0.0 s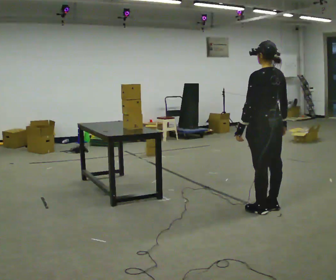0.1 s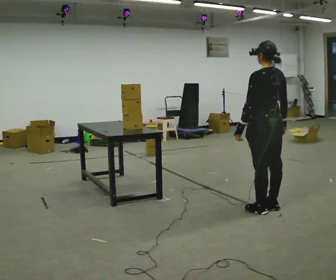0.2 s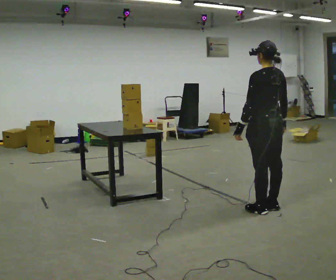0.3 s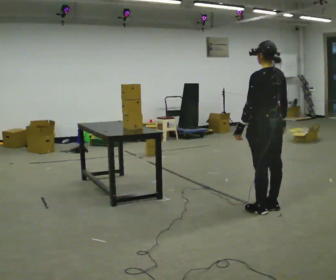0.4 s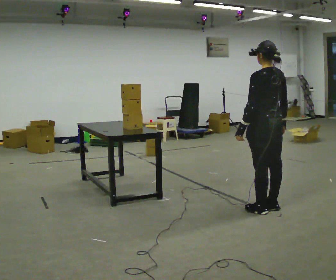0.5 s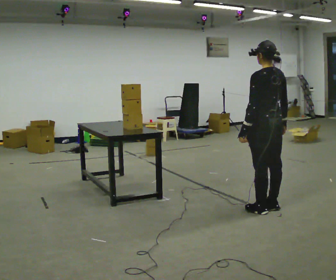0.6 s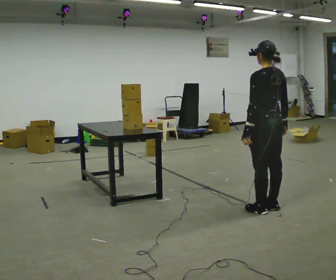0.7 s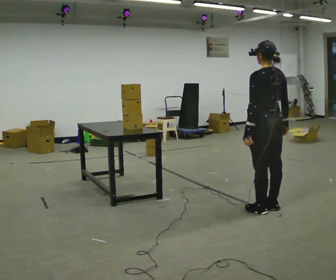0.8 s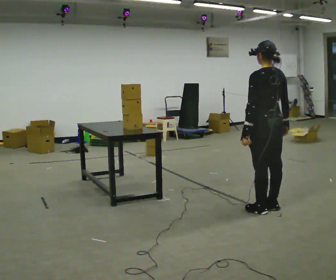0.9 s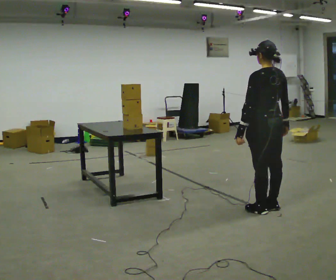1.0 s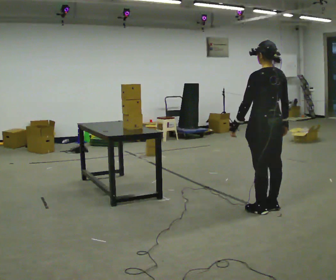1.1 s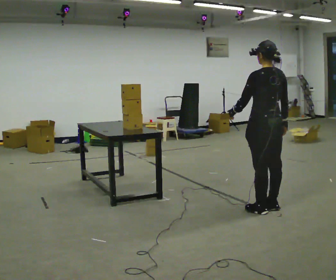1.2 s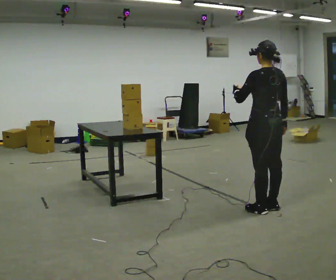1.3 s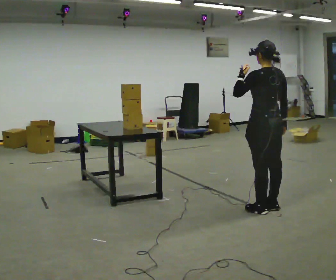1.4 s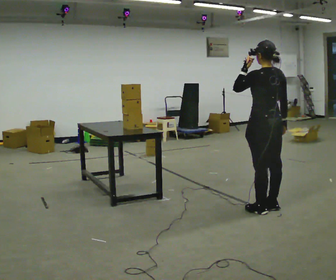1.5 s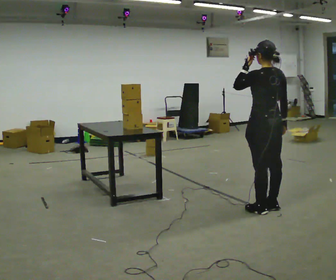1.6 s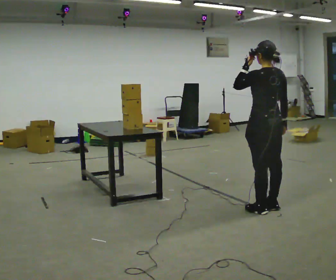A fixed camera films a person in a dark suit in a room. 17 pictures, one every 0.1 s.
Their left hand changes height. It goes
upward.
0.0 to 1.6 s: In the picture their left hand goes upward.
The film runs backward here.
